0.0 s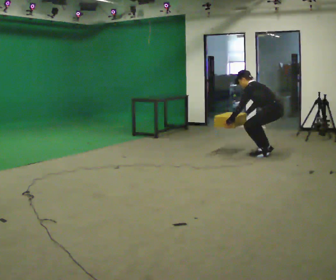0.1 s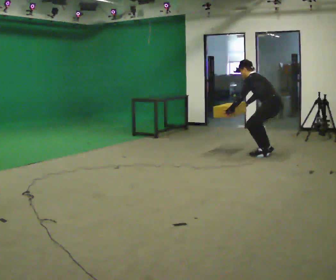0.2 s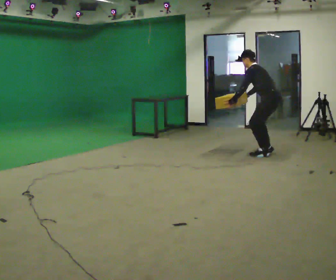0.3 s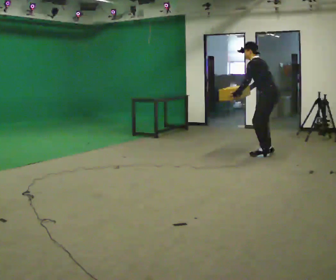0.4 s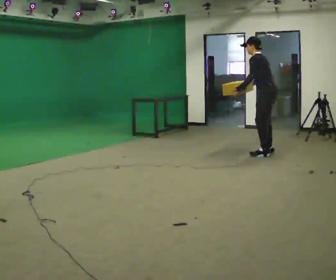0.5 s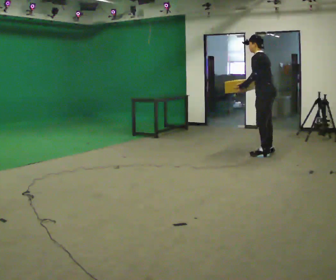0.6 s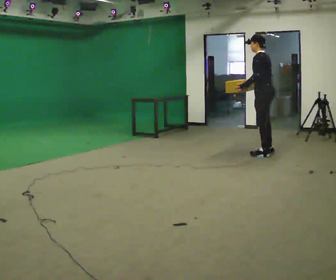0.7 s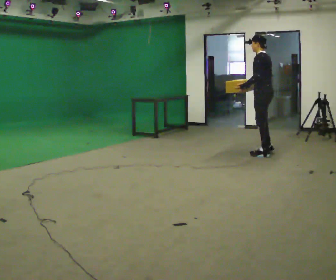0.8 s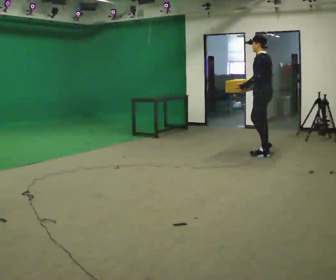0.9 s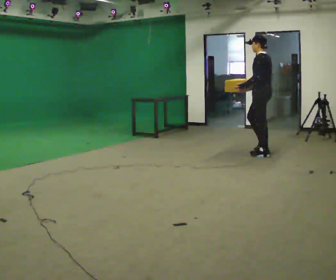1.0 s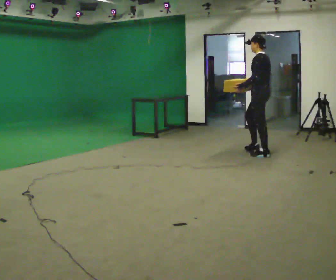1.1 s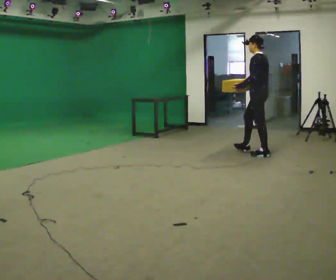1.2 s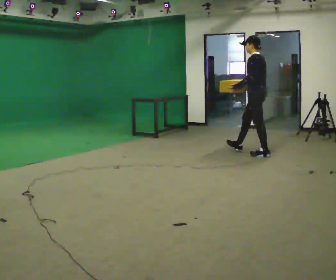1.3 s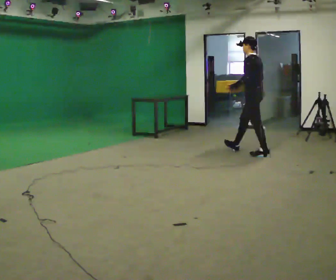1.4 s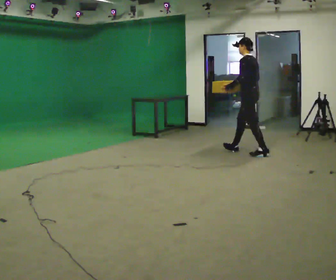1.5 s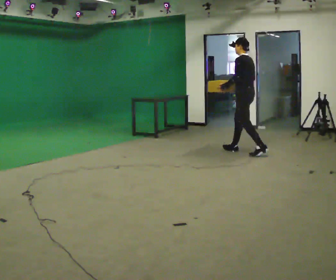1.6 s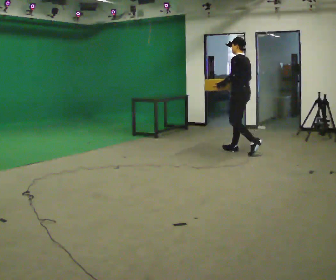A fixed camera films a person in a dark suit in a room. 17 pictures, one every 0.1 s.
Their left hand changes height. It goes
upward.
The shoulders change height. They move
upward.
0.0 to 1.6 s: In the picture they go to the left, about 0.5 m in 2 steps, which for them is forward. The shoulders move upward. In the picture the upper body tilts clockwise, shoulders to the right, as they lean back or straighten. In the picture their left hand goes upward.
The film runs forward here.
